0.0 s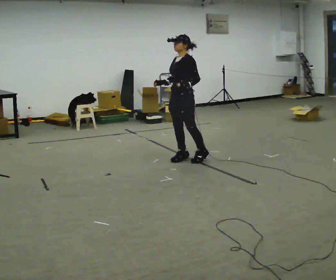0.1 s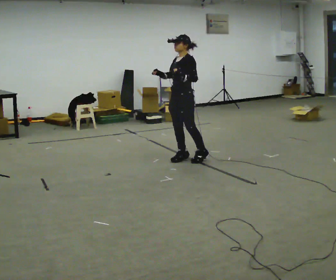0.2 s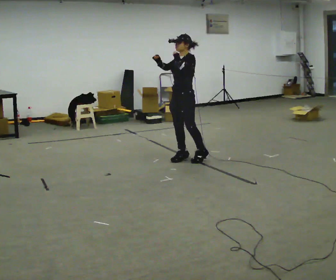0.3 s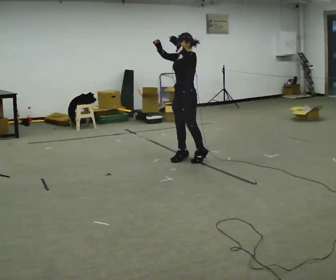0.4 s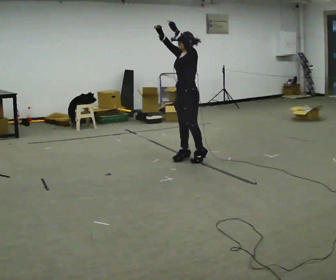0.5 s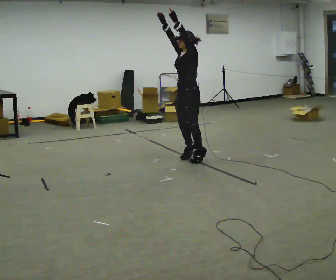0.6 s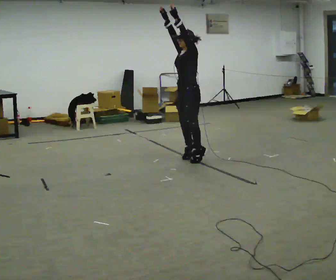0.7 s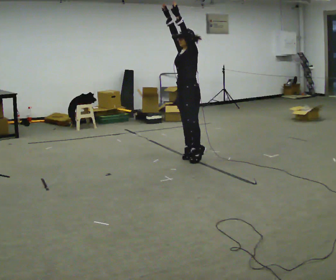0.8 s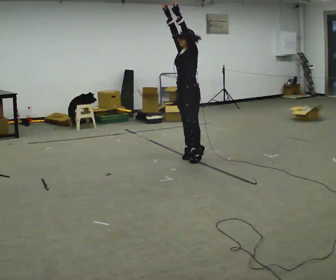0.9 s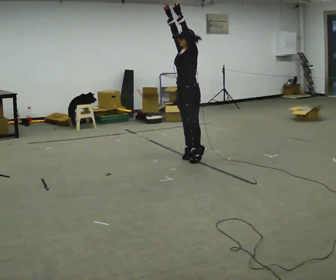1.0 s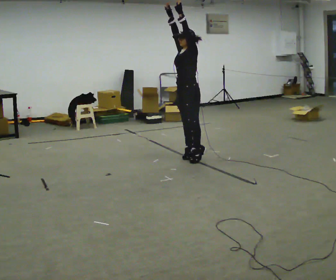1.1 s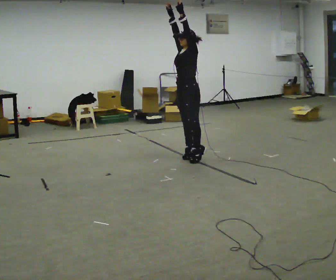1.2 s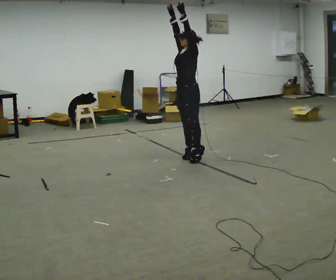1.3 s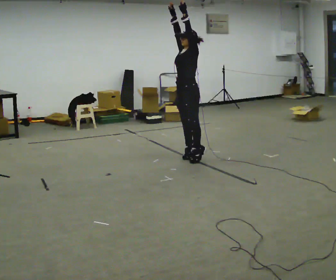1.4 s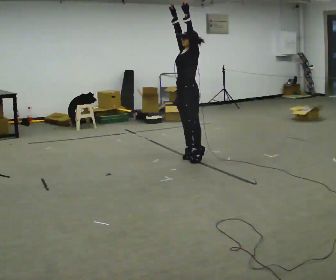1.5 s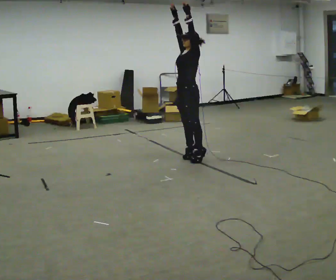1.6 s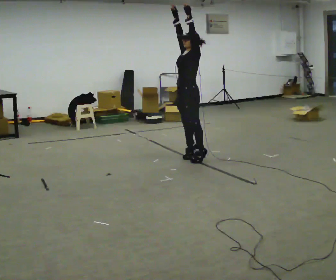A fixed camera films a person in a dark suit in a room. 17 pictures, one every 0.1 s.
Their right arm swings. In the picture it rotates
clockwise.
Their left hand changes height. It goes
upward.
0.0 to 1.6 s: In the picture their right hand goes upward, the arm swinging clockwise.
The film runs backward here.
